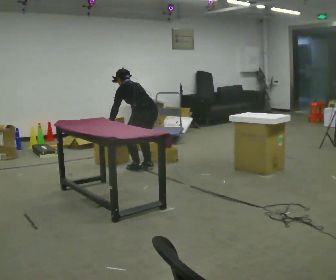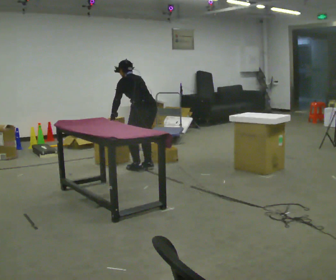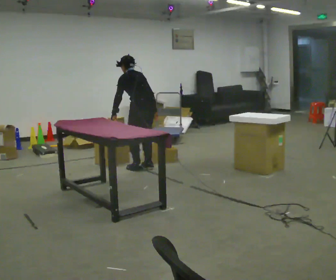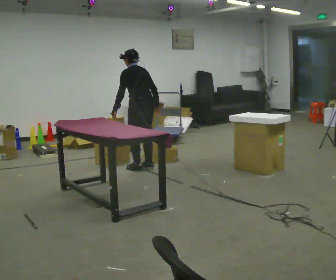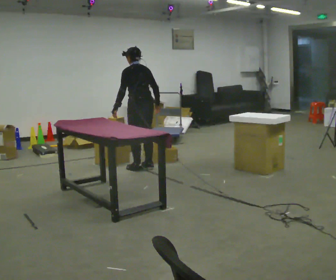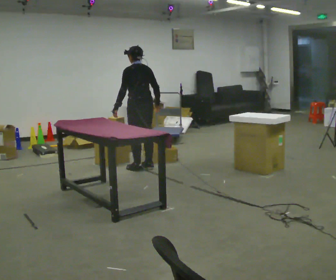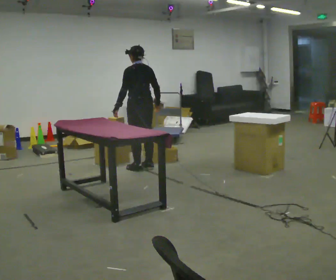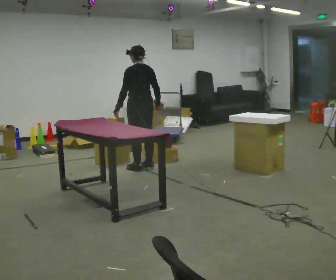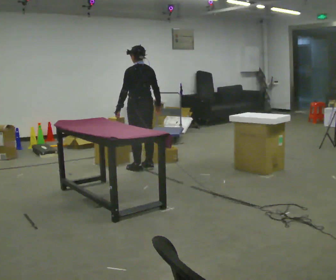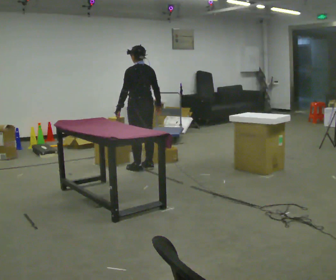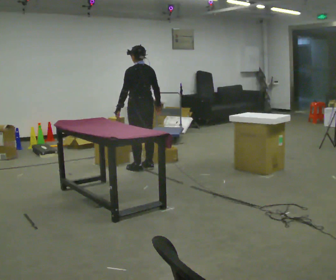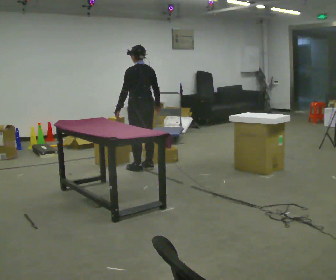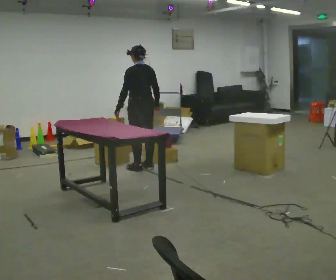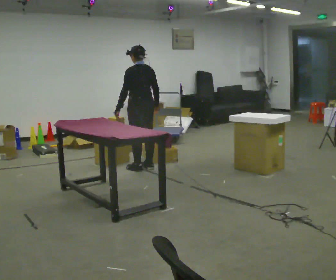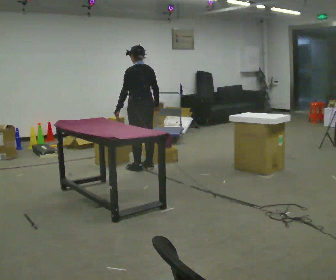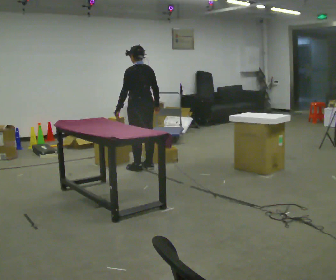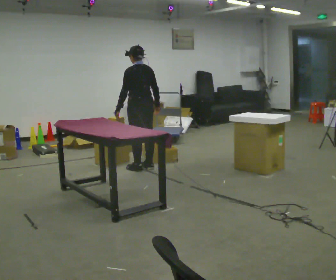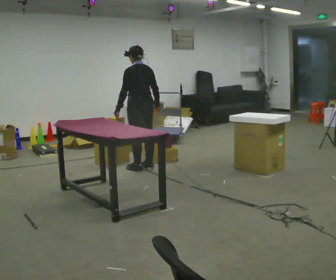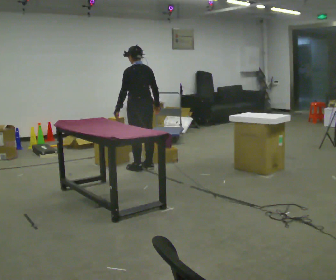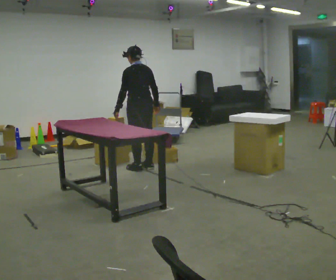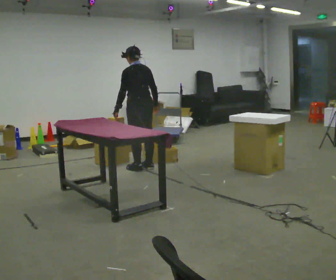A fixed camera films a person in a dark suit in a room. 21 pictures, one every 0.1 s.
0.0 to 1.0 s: The upper body goes upward. The upper body tips toward the camera, its near side rolling downward, as they lean back or straighten.
1.0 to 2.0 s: The person moves a little, or ends about where they began.
The film runs forward here.
